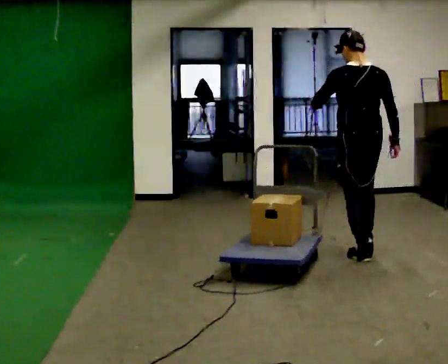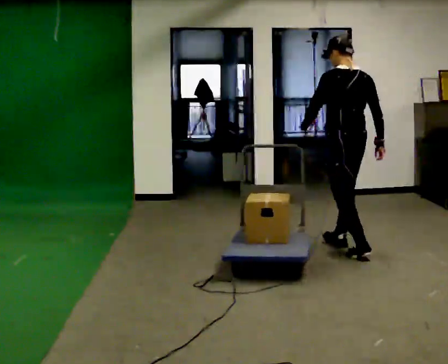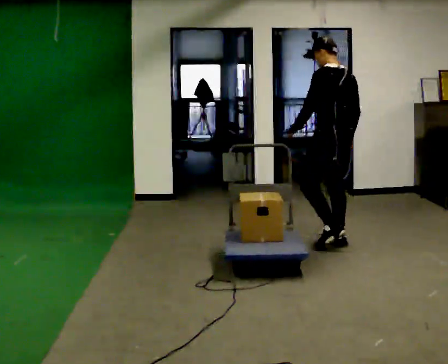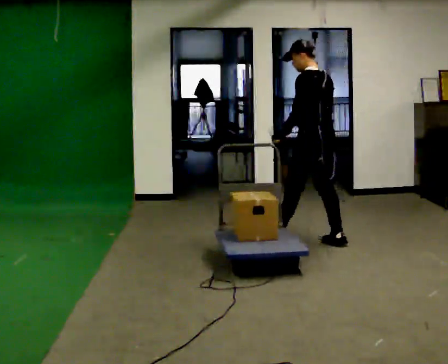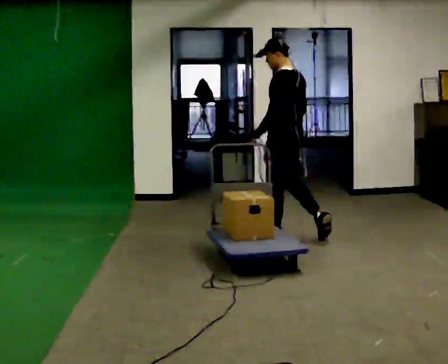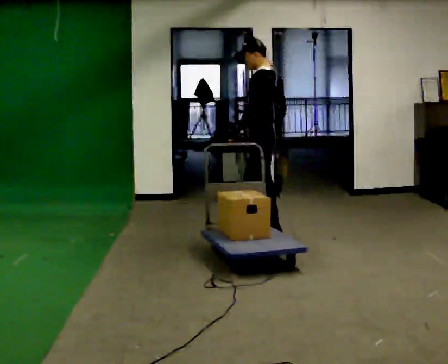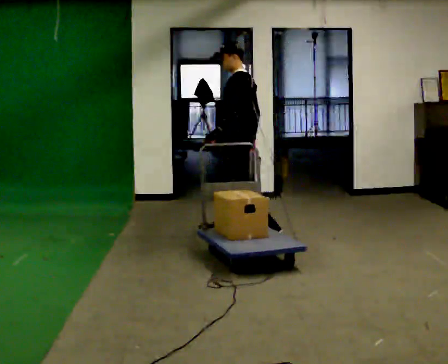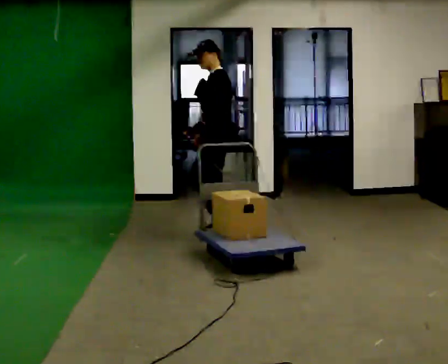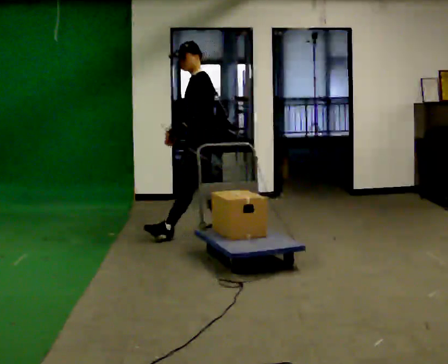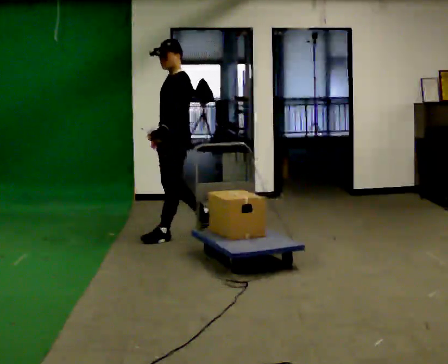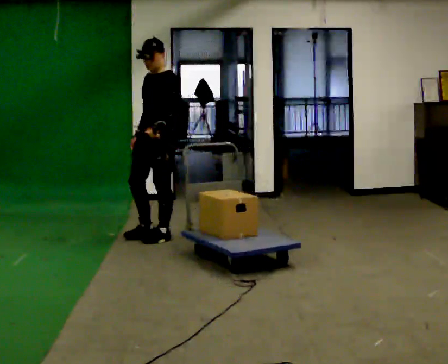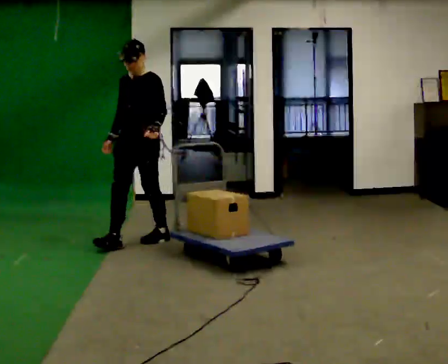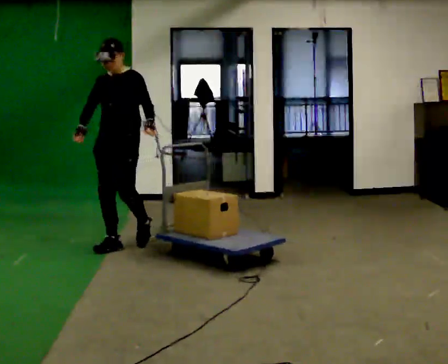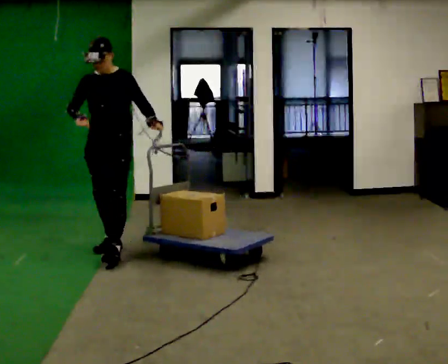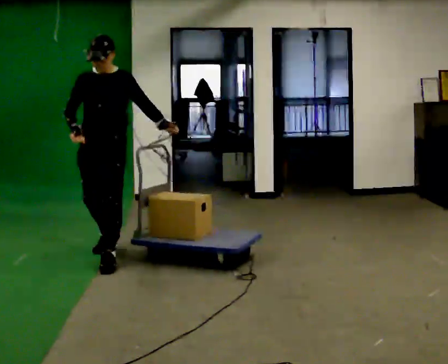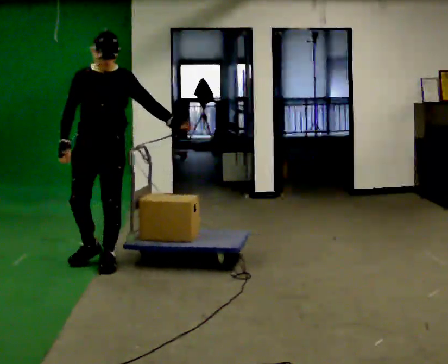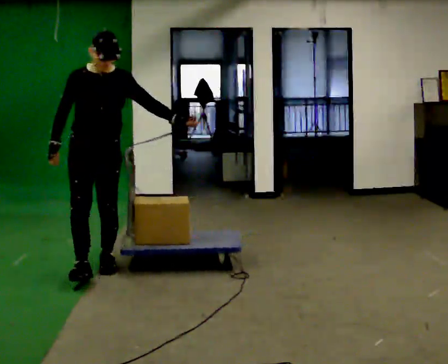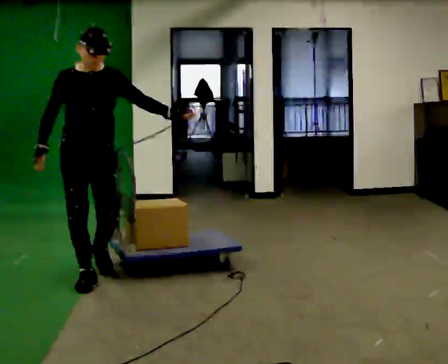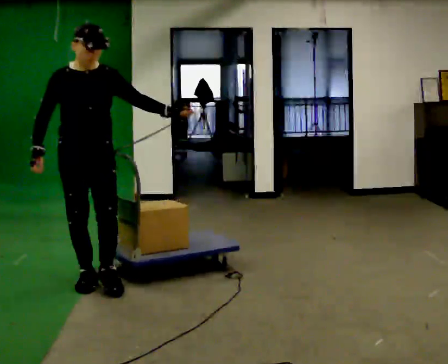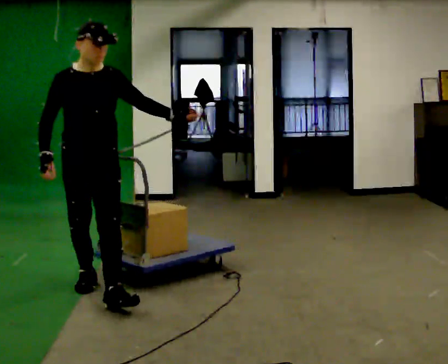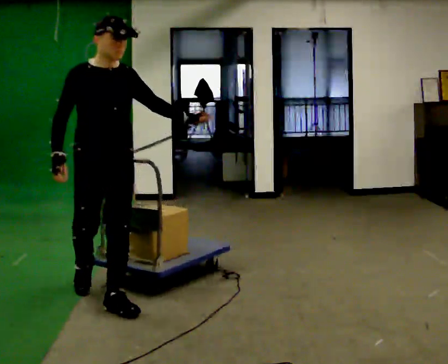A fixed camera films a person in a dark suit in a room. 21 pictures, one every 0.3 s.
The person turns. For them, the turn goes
to their left.
The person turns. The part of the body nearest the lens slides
to the right.
0.0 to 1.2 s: Seen from above the body turns counterclockwise, about 45 degrees: to their left, with its near side sliding to the right. In the picture they go away from the camera and to the left, about 1 m in 2 steps, which for them is forward.
1.2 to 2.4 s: The part of the body nearest the lens slides to the right as the person turns to their left by about 45 degrees. In the picture they go to the left and away from the camera, about 0.5 m in 1 step, which for them is forward.
2.4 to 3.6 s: Seen from above the body turns counterclockwise, about 60 degrees: to their left, with its near side sliding to the right. In the picture they go to the left and toward the camera, about 1 m in 2 steps.
3.6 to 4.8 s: The person turns about 45 degrees to their left, counterclockwise seen from above, so the part of the body nearest the lens slides to the right. In the picture they go toward the camera, about 0.75 m in 1 step, which for them is forward.
4.8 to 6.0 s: In the picture they go toward the camera, about 0.5 m in 2 steps, which for them is forward.
The film runs forward here.
